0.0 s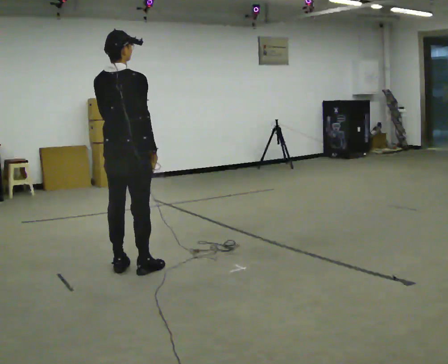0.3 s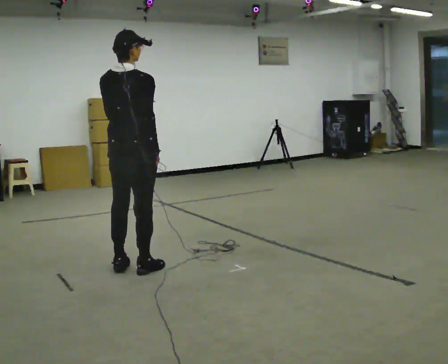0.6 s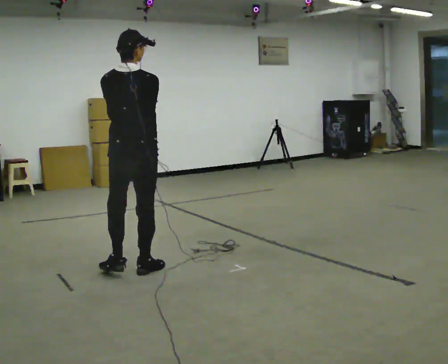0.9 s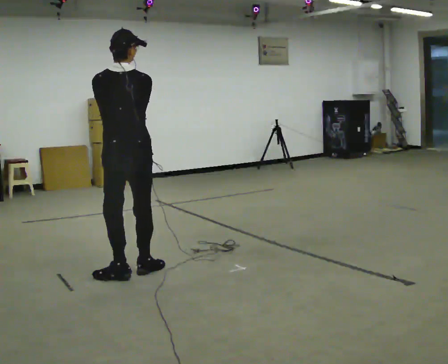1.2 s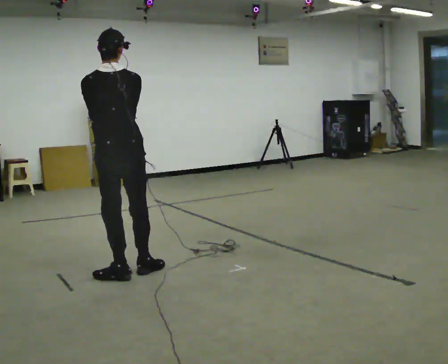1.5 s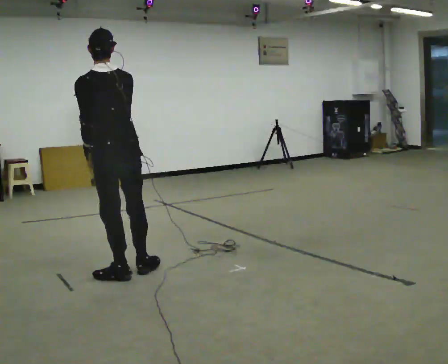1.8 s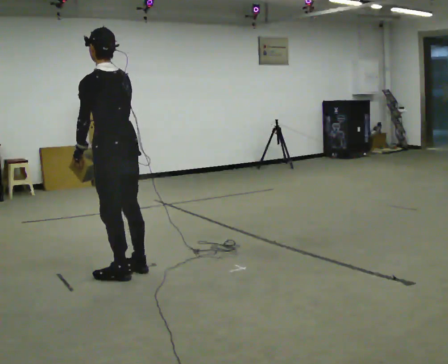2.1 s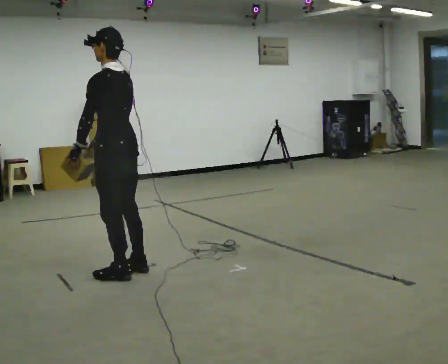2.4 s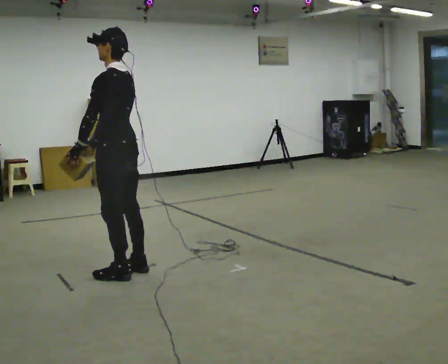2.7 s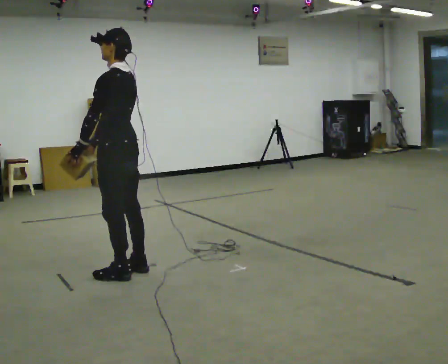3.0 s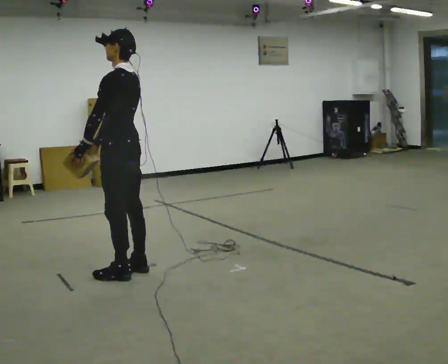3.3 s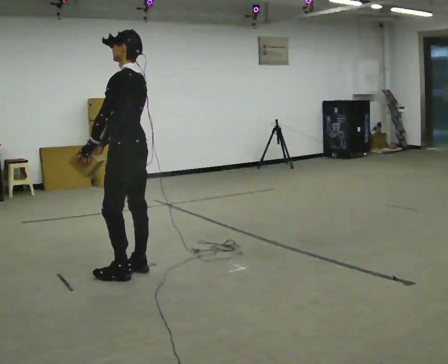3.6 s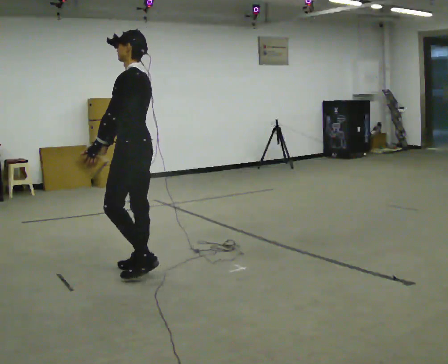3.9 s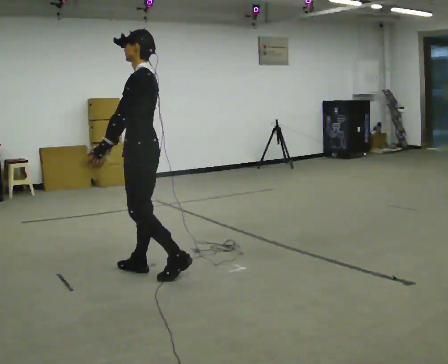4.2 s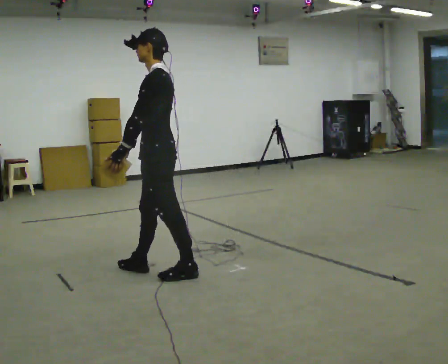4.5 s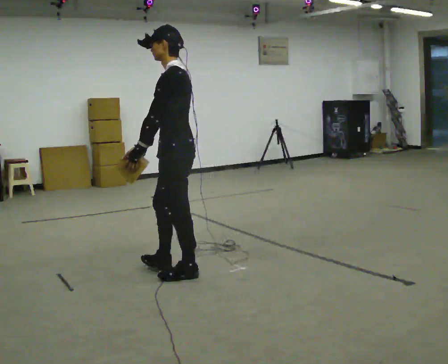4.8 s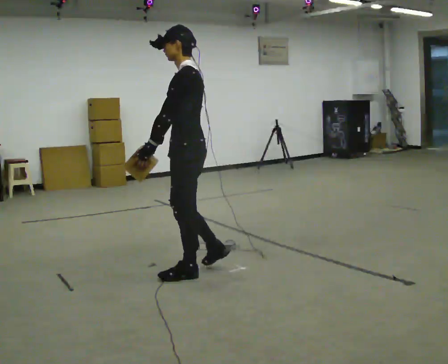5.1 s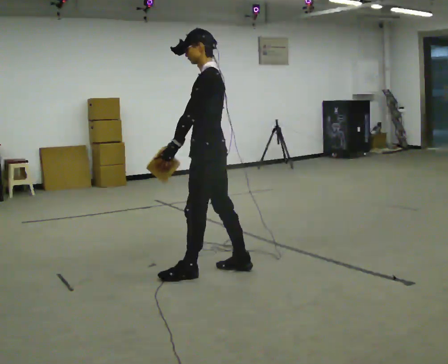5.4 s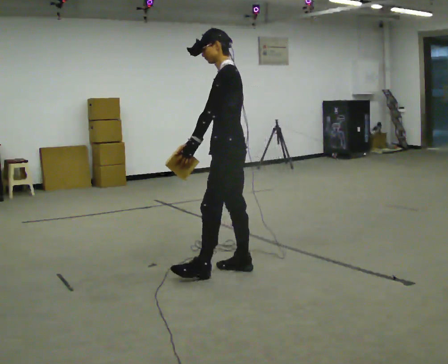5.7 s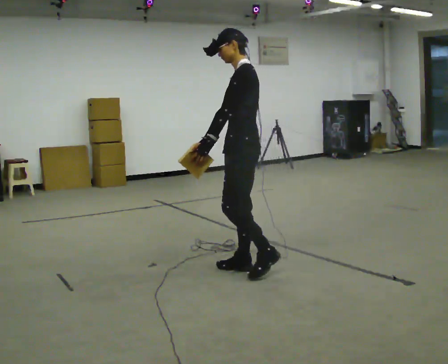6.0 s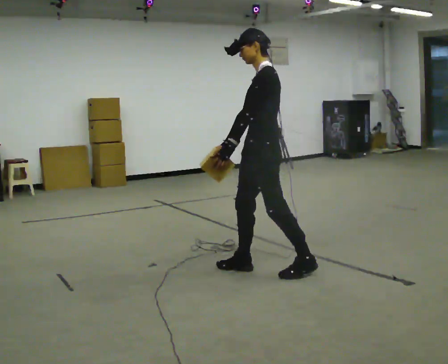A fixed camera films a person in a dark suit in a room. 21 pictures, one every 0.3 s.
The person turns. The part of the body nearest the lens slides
to the right.
The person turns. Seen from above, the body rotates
counterclockwise.
0.0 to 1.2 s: Seen from above the body turns counterclockwise, about 30 degrees: to their left, with its near side sliding to the right.
1.2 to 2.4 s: The part of the body nearest the lens slides to the right as the person turns to their left by about 60 degrees.
2.4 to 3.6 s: The person moves a little, or ends about where they began.
3.6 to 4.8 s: In the picture they go to the right and toward the camera, about 0.5 m in 1 step, which for them is backward.
4.8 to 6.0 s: In the picture they go to the right, about 0.5 m in 1 step, which for them is backward.
The film runs backward here.
